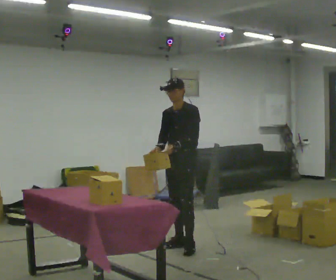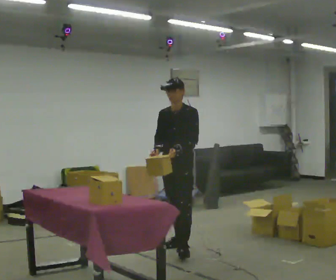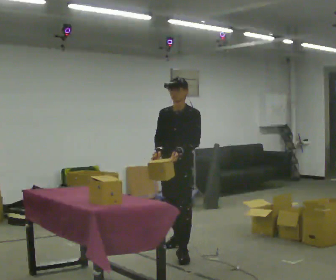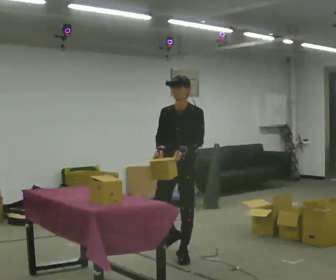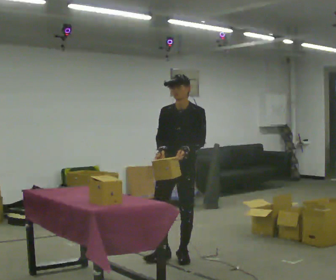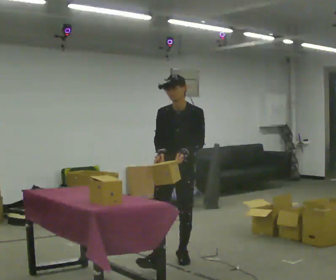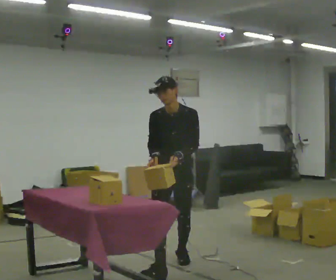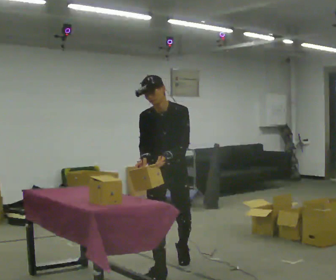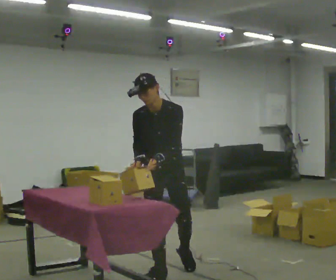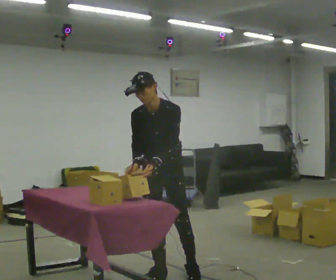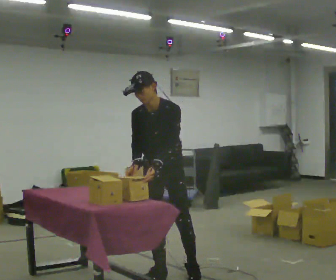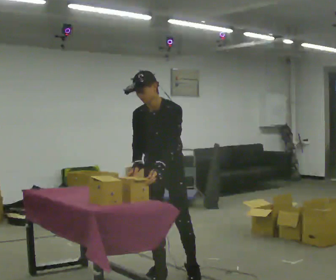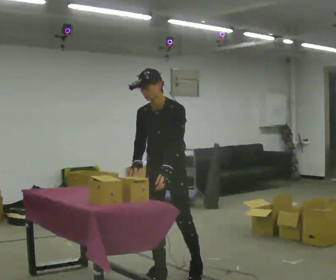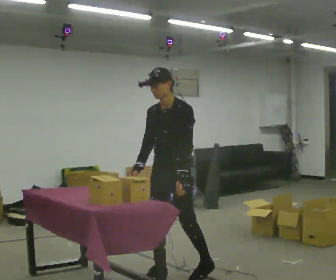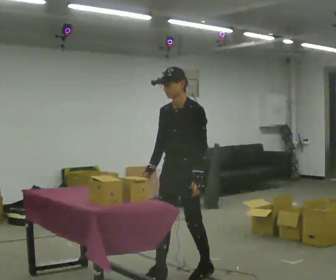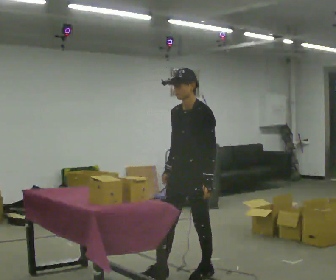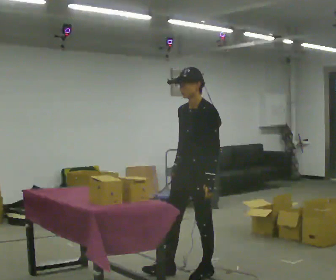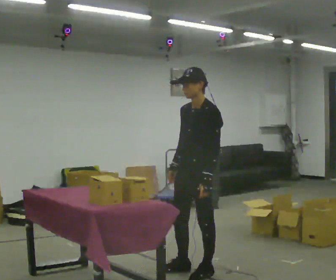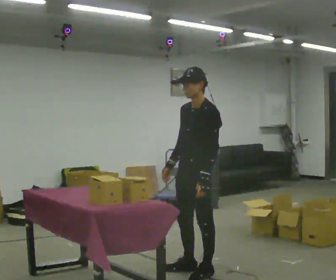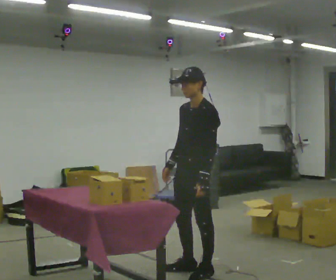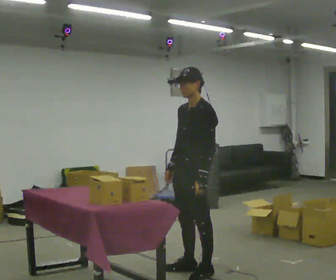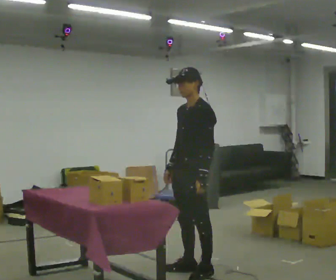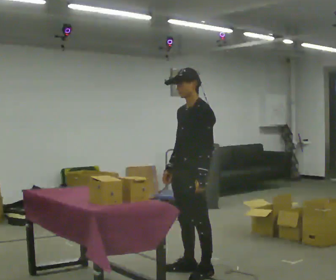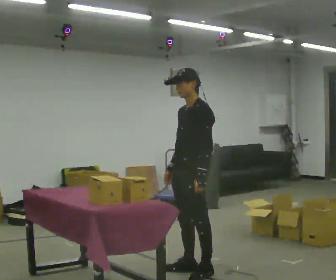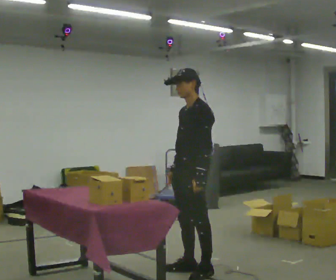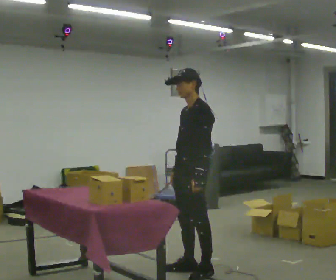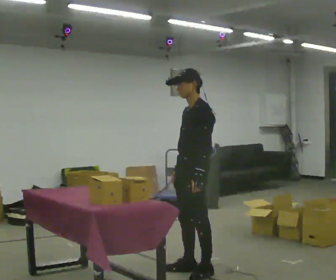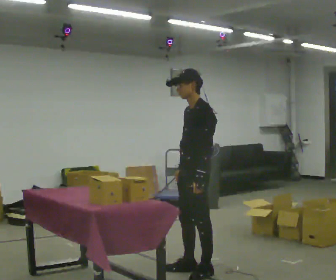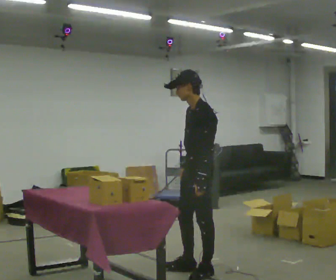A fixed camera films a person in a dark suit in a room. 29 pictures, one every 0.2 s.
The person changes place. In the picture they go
toward the camera.
The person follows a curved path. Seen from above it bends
counterclockwise.
0.0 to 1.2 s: The person turns about 30 degrees to their left, counterclockwise seen from above, so the part of the body nearest the lens slides to the right. In the picture they go toward the camera, about 0.5 m in 2 steps, which for them is forward.
1.2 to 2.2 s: In the picture they go toward the camera, about 0.25 m in 1 step, which for them is forward.
2.2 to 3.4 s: Seen from above the body turns clockwise, about 45 degrees: to their right, with its near side sliding to the left. In the picture they go to the right, about 0.25 m, which for them is to their left and backward.
3.4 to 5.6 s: The person moves a little, or ends about where they began.
The film runs forward here.
